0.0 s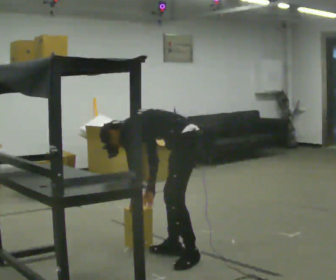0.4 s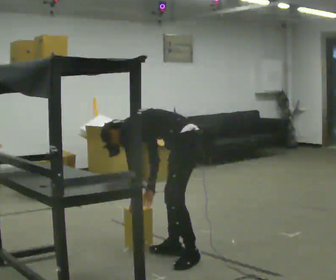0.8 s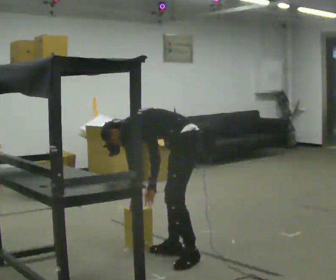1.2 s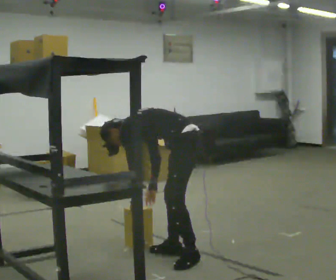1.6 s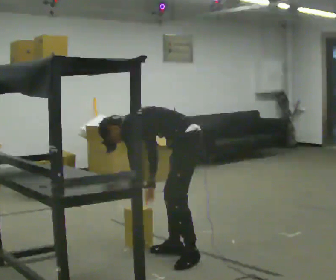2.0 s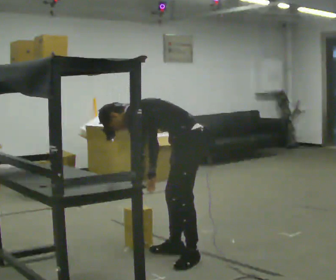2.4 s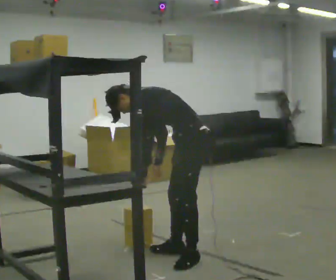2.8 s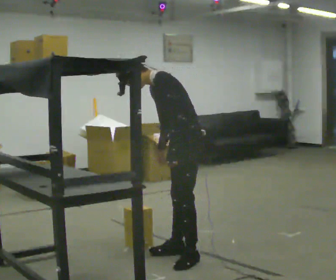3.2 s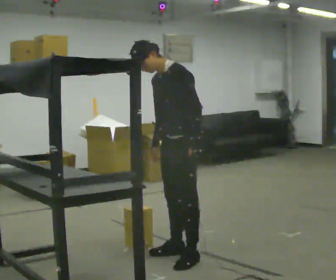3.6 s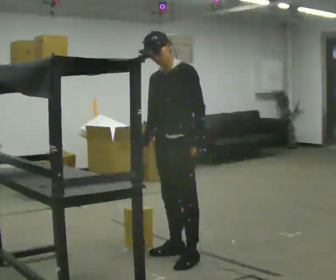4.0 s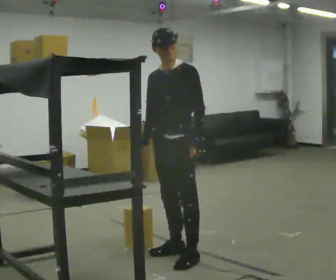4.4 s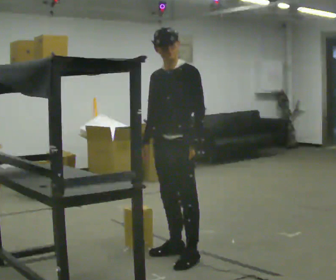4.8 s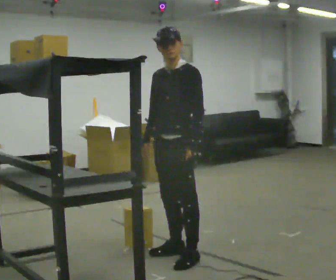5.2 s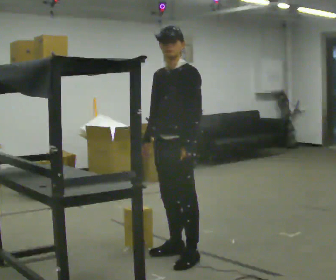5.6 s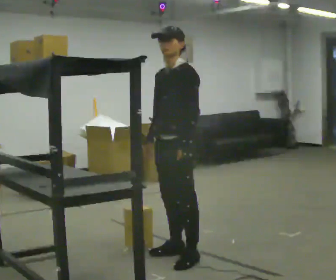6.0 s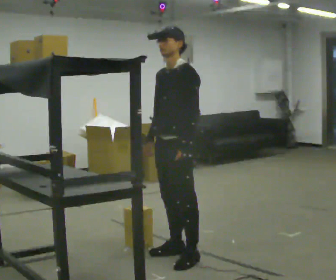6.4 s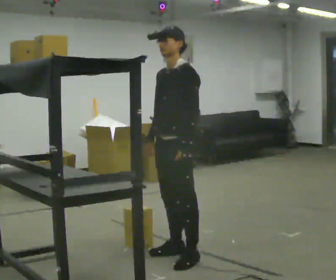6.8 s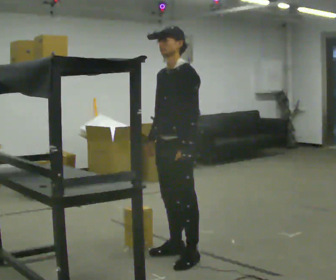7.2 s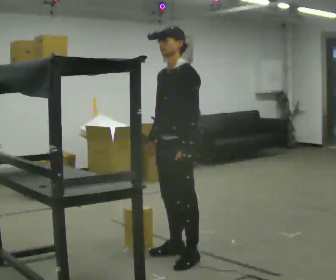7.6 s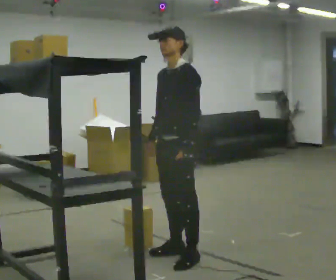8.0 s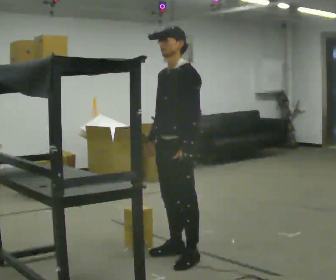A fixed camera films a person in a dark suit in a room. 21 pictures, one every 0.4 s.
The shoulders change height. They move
upward.
The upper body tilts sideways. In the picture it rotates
clockwise.
0.0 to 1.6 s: The person moves a little, or ends about where they began.
1.6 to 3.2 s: The person turns about 45 degrees to their left, counterclockwise seen from above, so the part of the body nearest the lens slides to the right. The shoulders move upward. In the picture the upper body tilts clockwise, shoulders to the right, as they lean back or straighten. In the picture their left hand goes to the right and upward.
3.2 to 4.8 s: In the picture the upper body tilts clockwise, shoulders to the right, as they lean back or straighten.
4.8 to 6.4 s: The person moves a little, or ends about where they began.
6.4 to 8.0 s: The person keeps their place and pose.
The film runs backward here.
